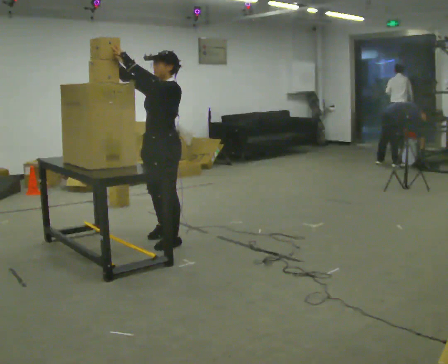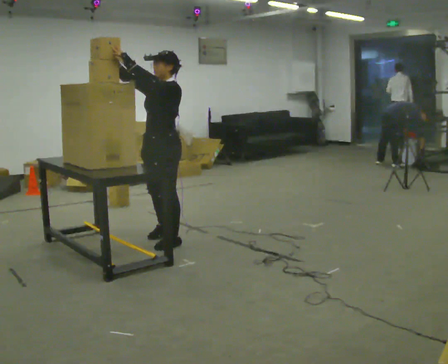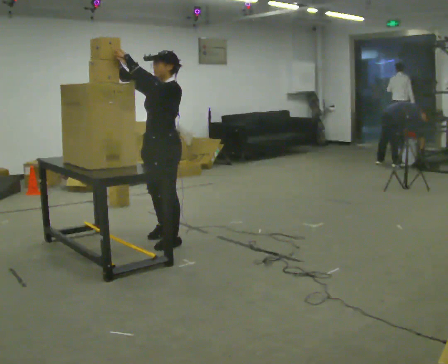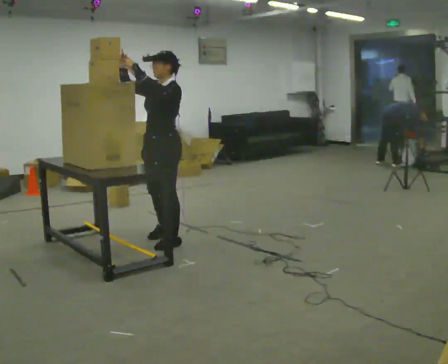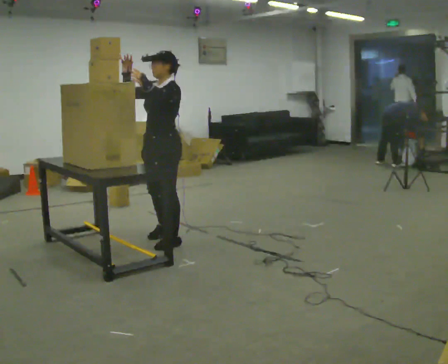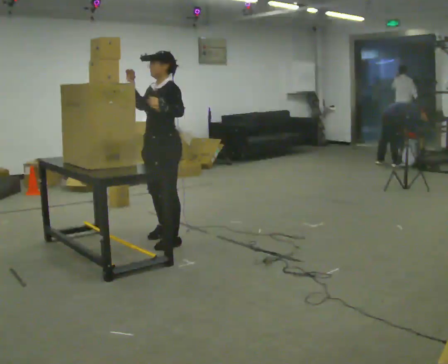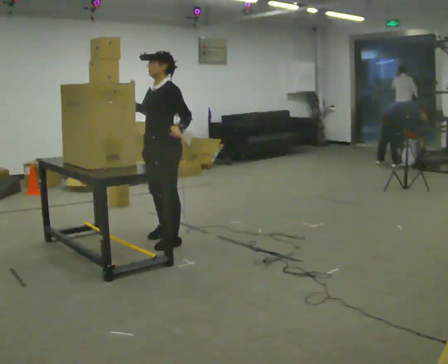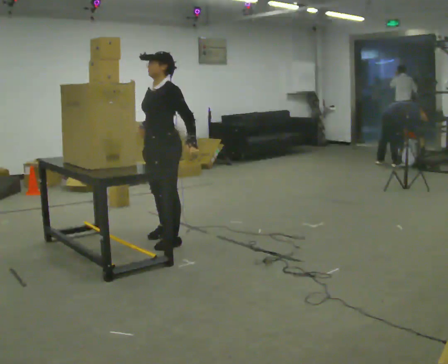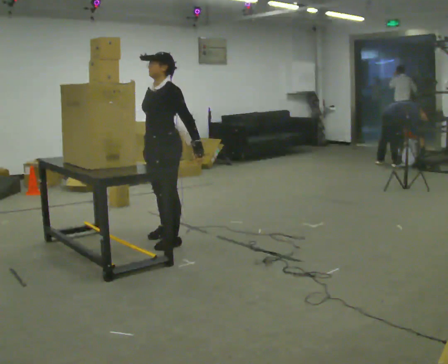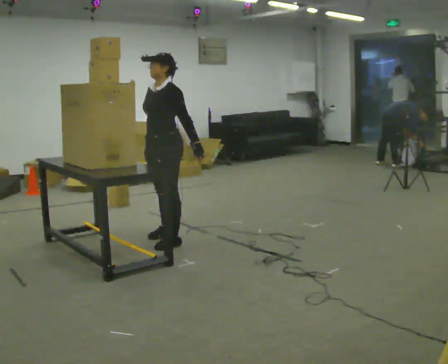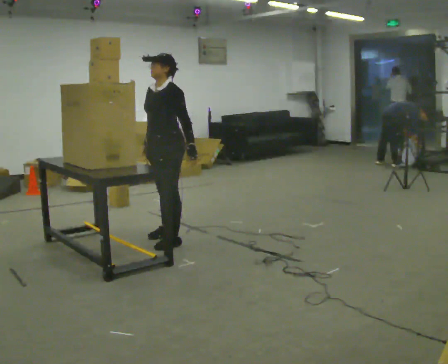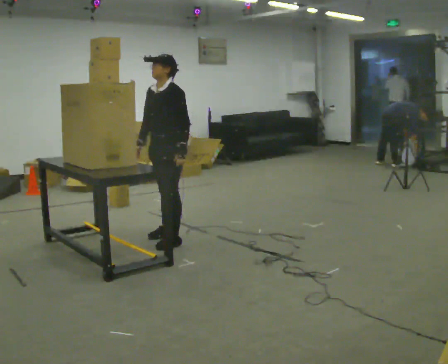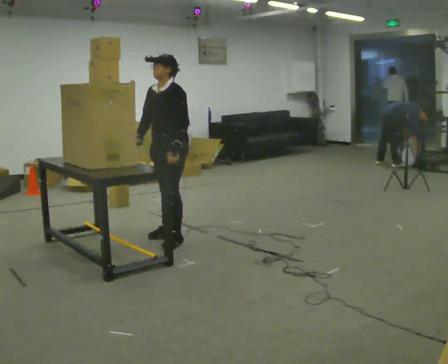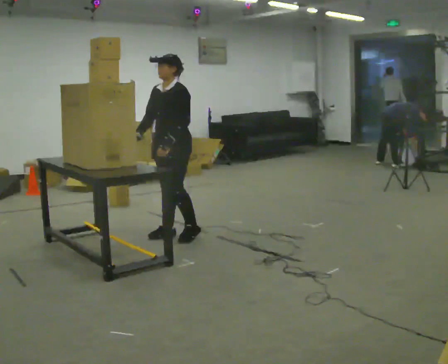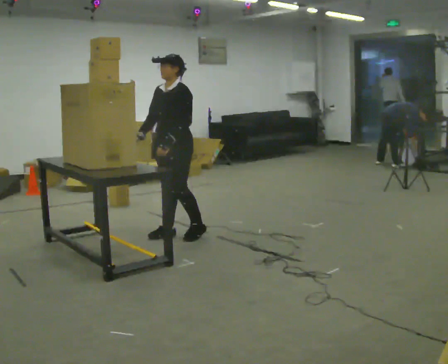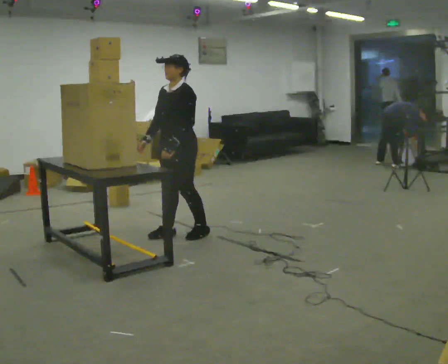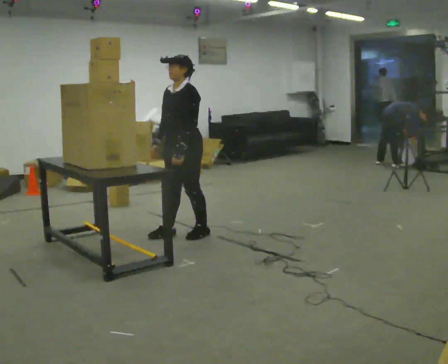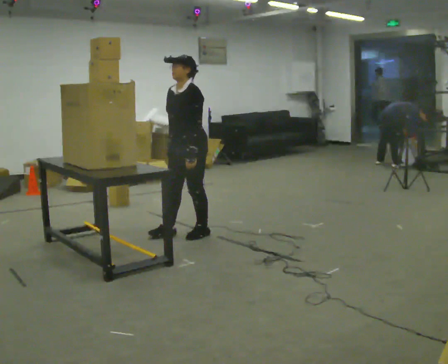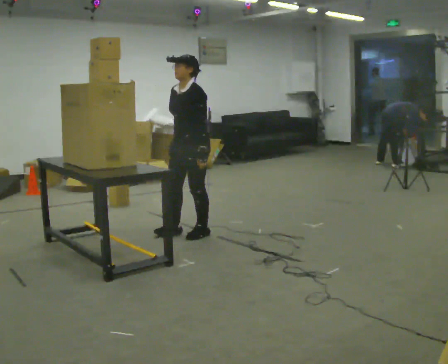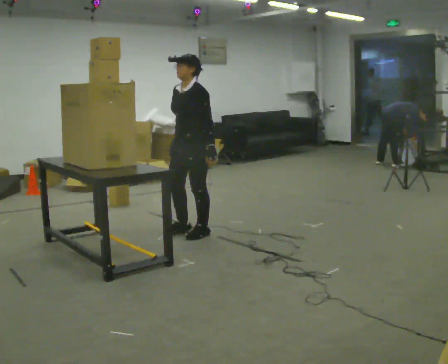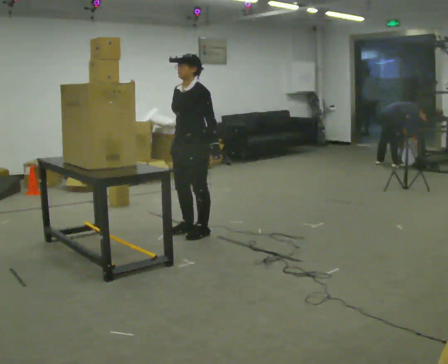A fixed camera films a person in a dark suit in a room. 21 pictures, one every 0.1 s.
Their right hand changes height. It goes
downward.
Their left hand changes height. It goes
downward.
0.0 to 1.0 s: In the picture they go away from the camera, about 0.25 m, which for them is to their right. In the picture their right hand goes downward.
1.0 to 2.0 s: In the picture they go to the right, about 0.25 m in 2 steps, which for them is backward. In the picture their right hand goes to the right.
The film runs forward here.
